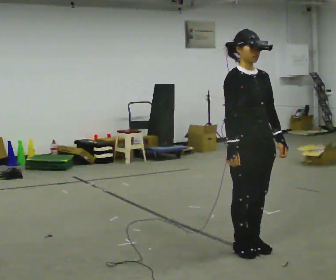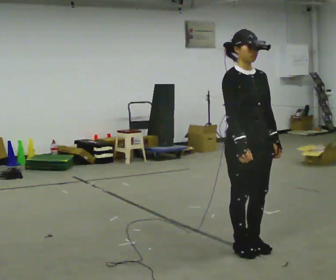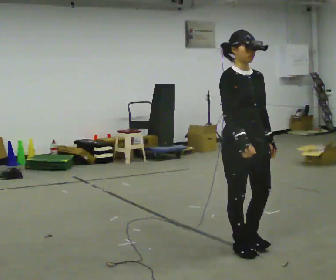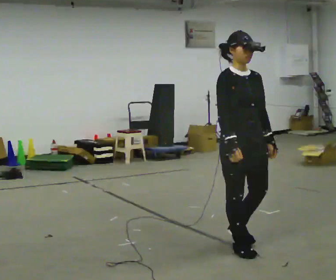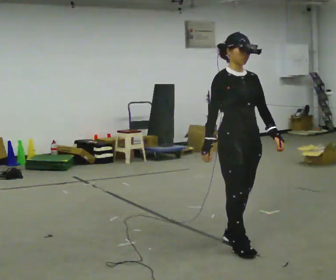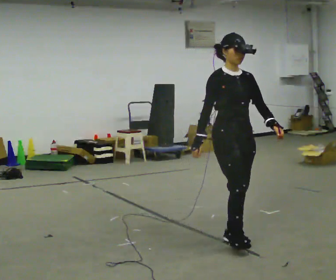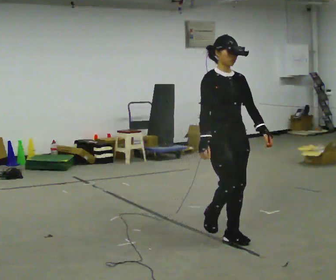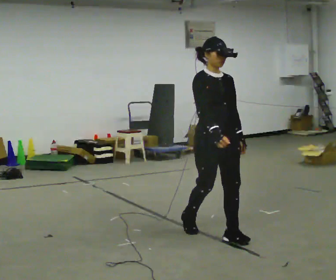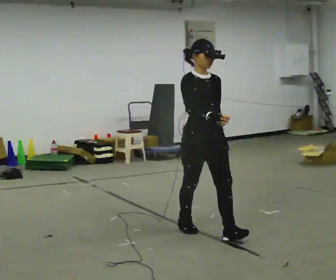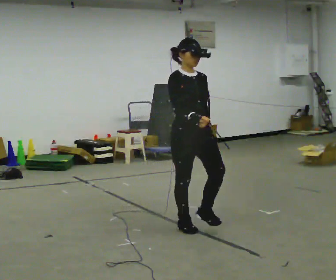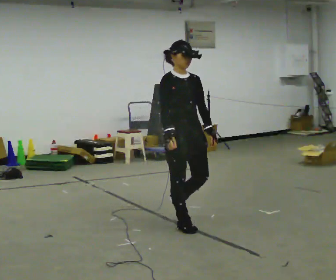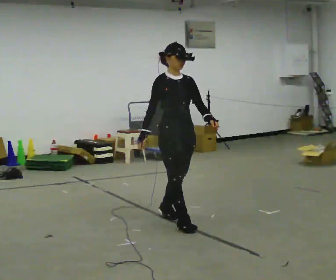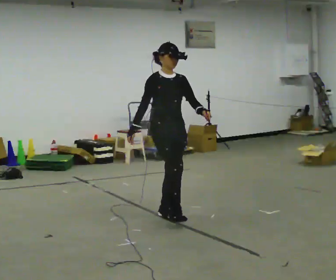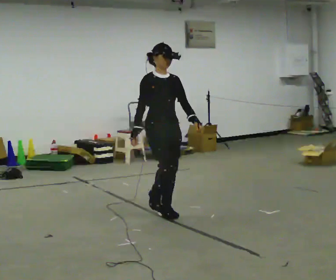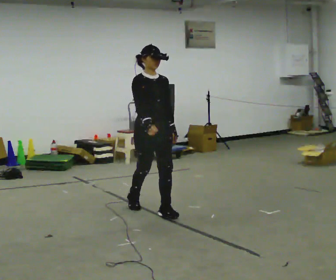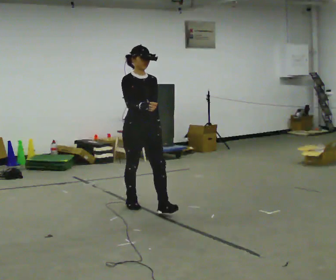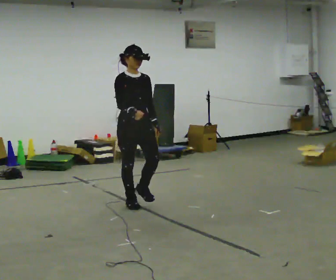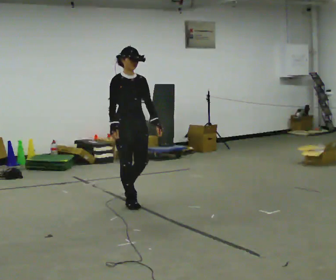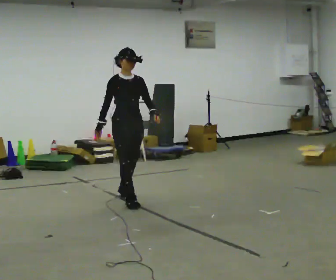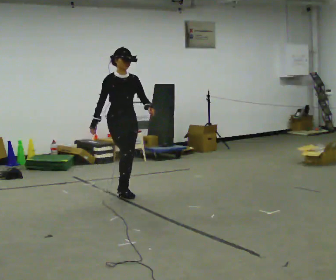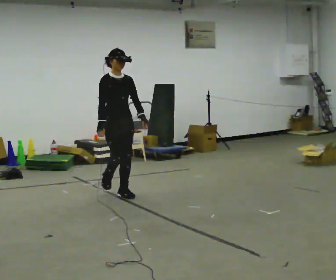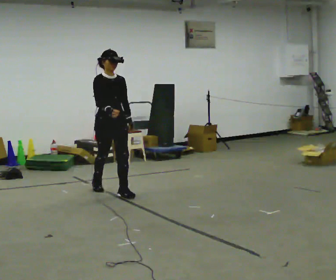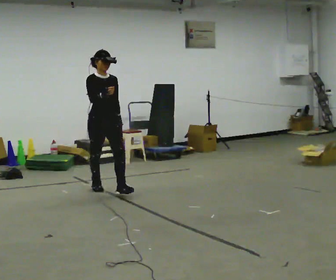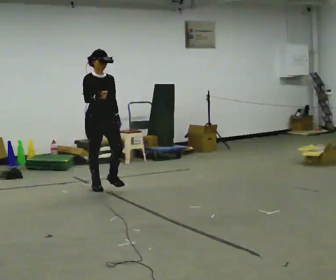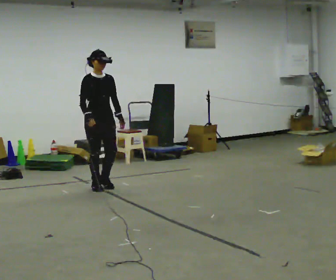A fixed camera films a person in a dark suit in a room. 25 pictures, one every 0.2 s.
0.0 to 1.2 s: In the picture they go away from the camera, about 0.25 m in 2 steps, which for them is backward.
1.2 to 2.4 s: In the picture they go away from the camera and to the left, about 1 m in 2 steps, which for them is backward.
2.4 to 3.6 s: In the picture they go away from the camera and to the left, about 1 m in 1 step, which for them is backward.
3.6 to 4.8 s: In the picture they go away from the camera and to the left, about 0.75 m in 2 steps, which for them is backward.
The film runs backward here.
